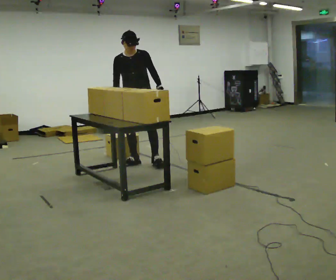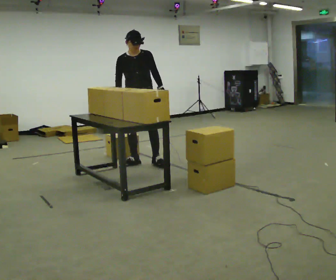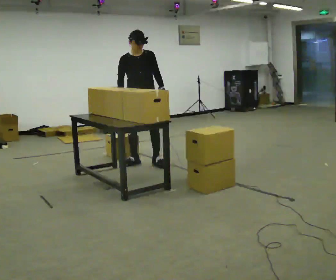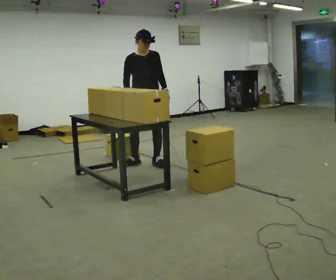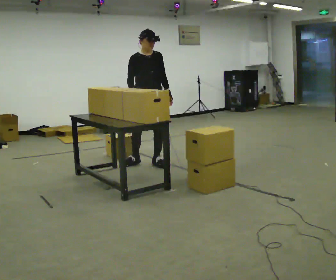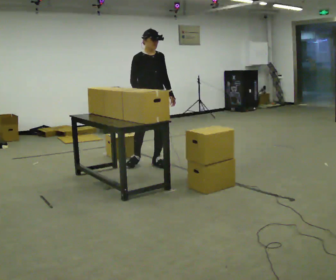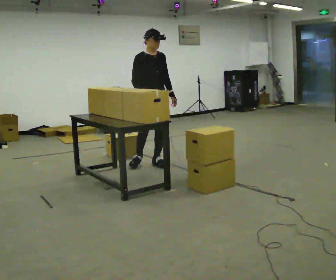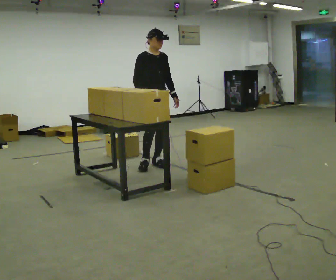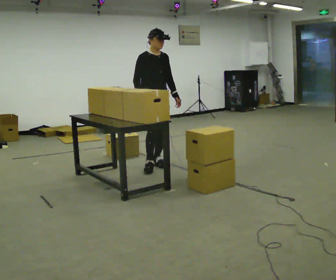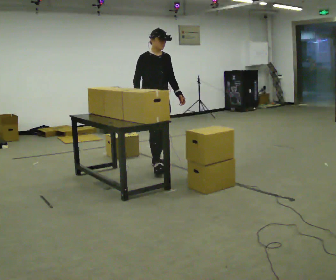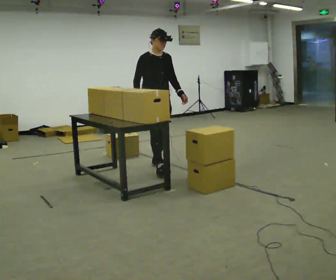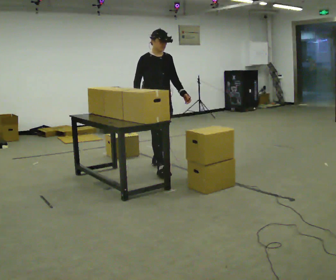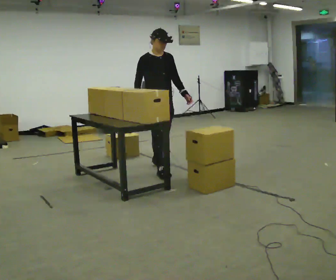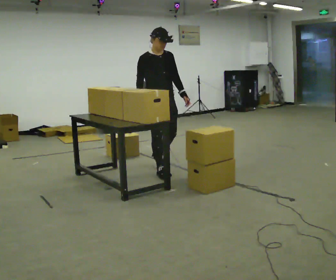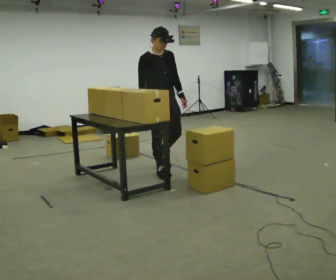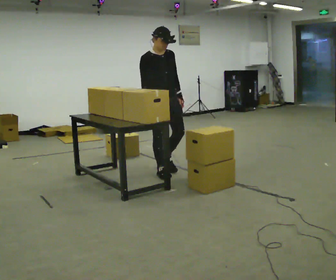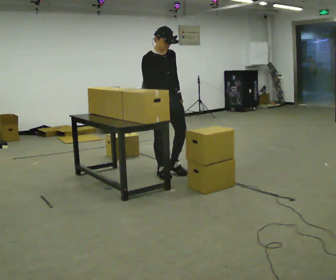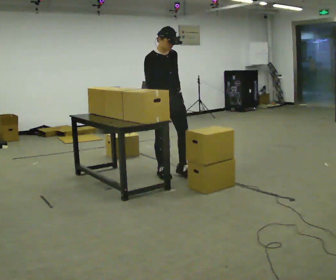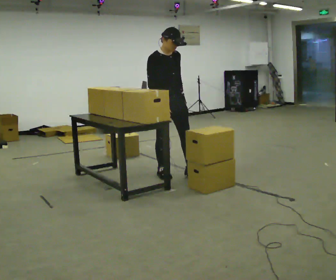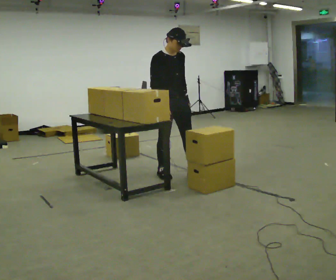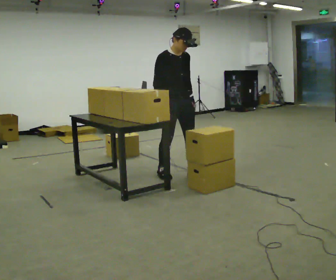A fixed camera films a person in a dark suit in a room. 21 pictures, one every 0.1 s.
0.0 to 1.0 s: The person turns about 45 degrees to their left, counterclockwise seen from above, so the part of the body nearest the lens slides to the right. In the picture they go toward the camera and to the right, about 0.25 m, which for them is forward and to their left.
1.0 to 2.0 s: In the picture they go toward the camera and to the right, about 0.5 m in 2 steps, which for them is forward.
The film runs forward here.
